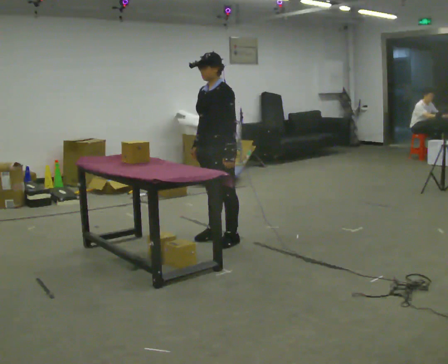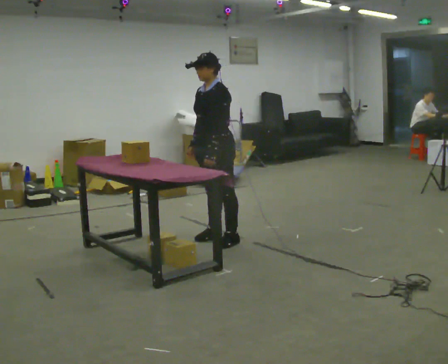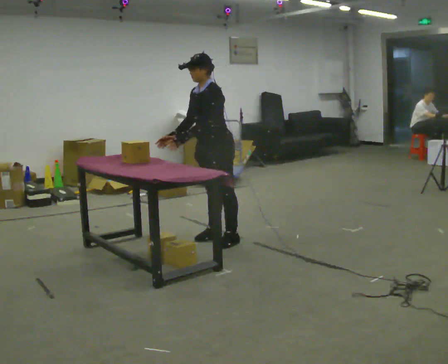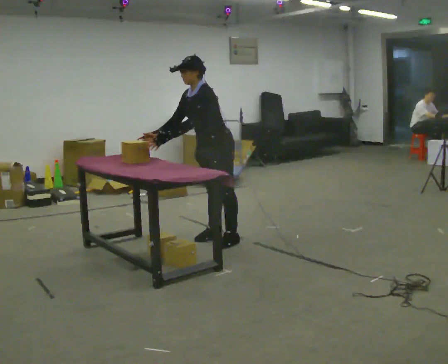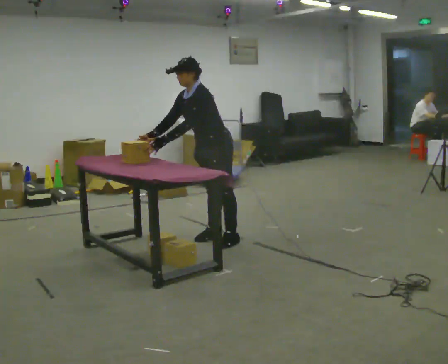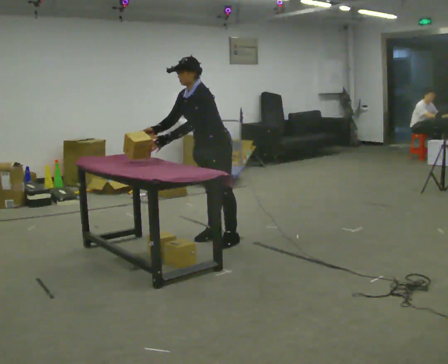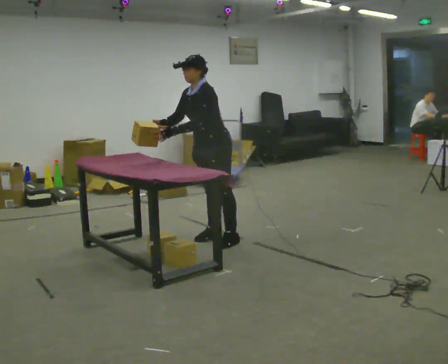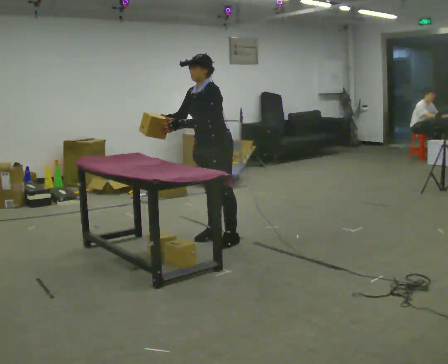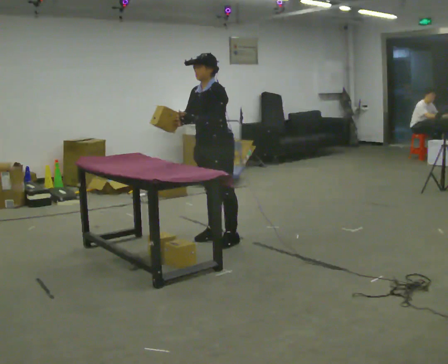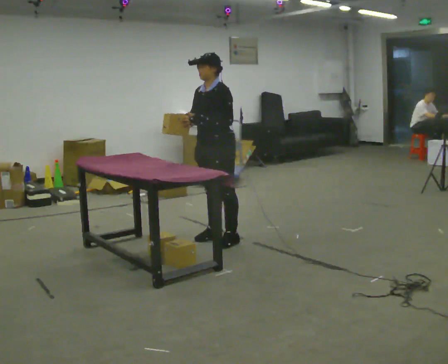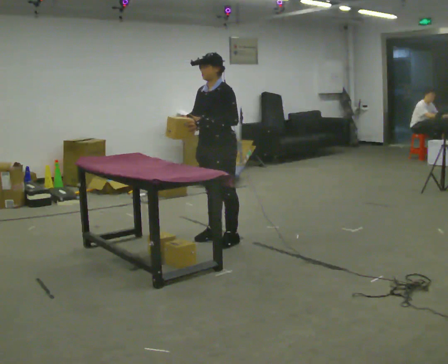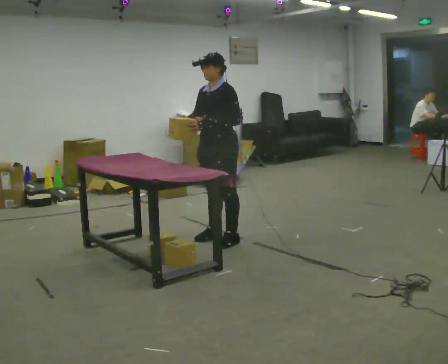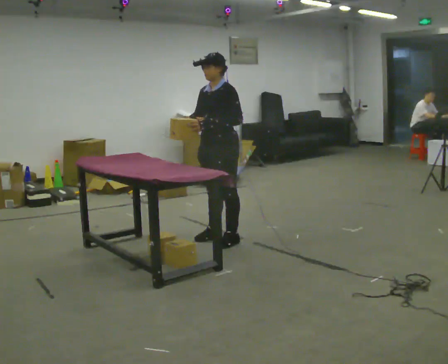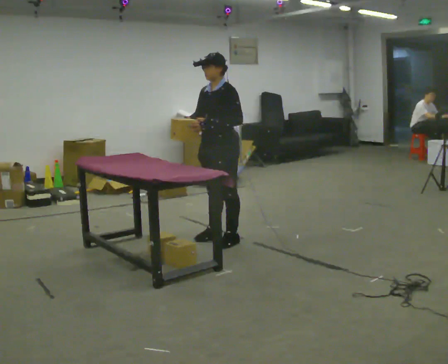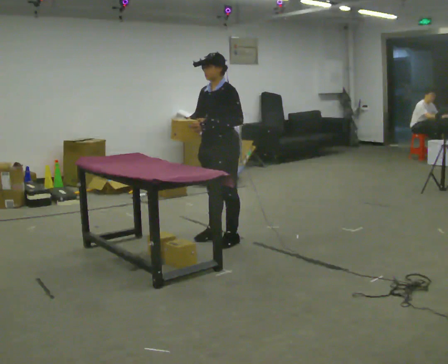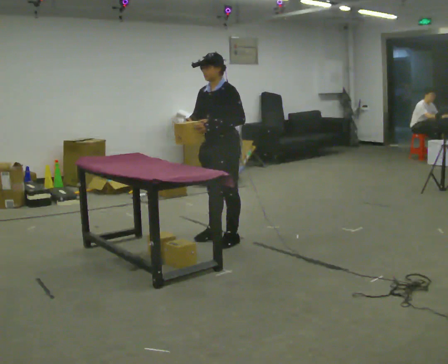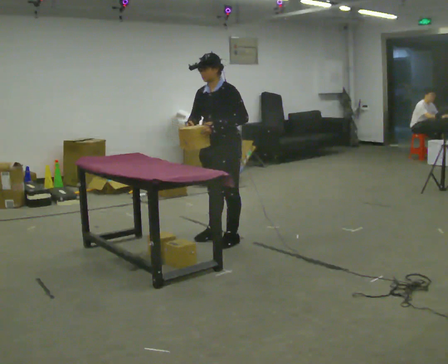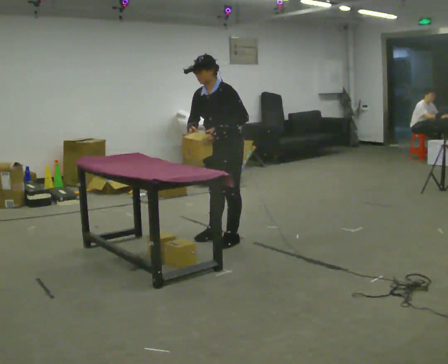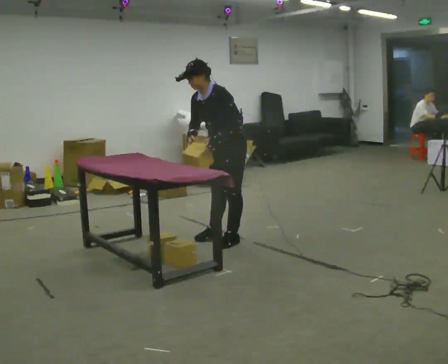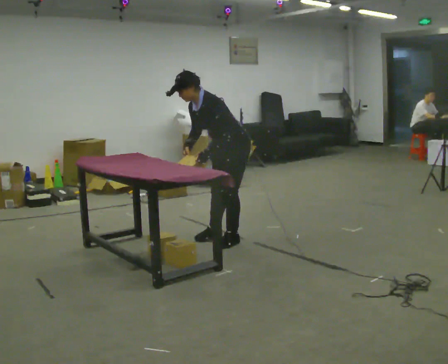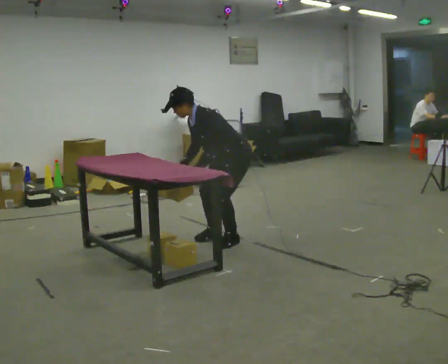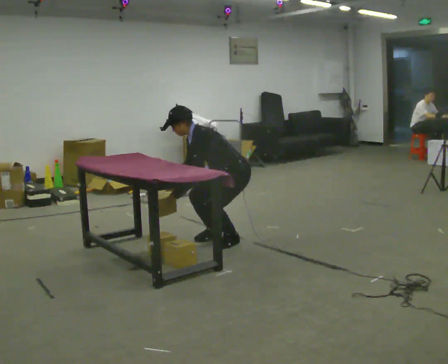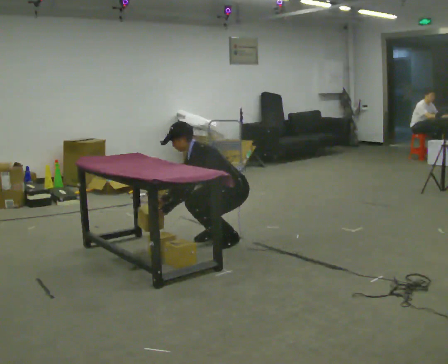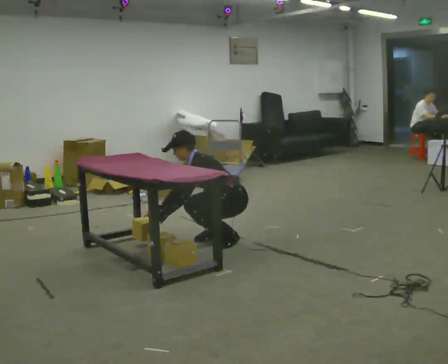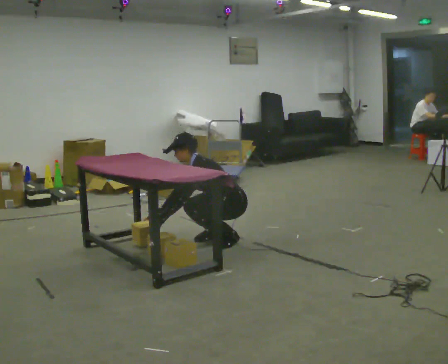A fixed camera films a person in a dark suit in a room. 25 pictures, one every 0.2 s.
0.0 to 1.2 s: The person moves a little, or ends about where they began.
1.2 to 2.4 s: In the picture the upper body tilts clockwise, shoulders to the right, as they lean back or straighten.
2.4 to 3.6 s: In the picture the upper body tilts counterclockwise, shoulders to the left, as they bend forward.
3.6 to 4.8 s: The upper body goes downward. In the picture the upper body tilts counterclockwise, shoulders to the left, as they bend forward. In the picture their left hand goes downward and to the left.
The film runs forward here.
